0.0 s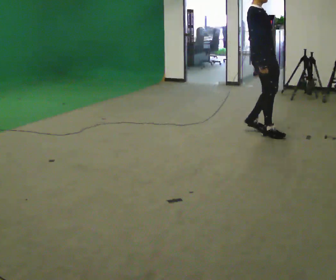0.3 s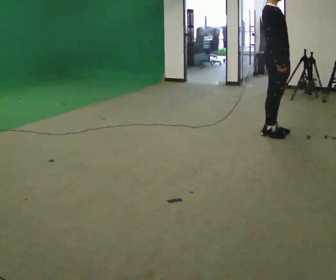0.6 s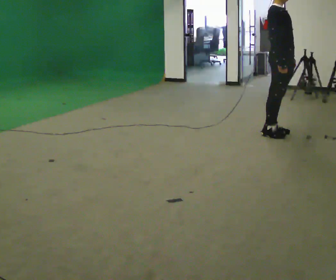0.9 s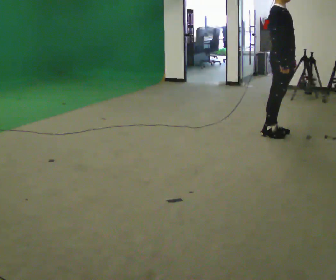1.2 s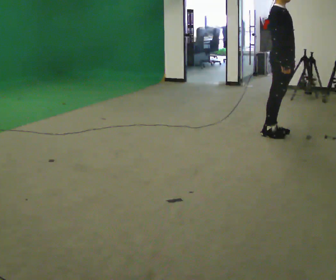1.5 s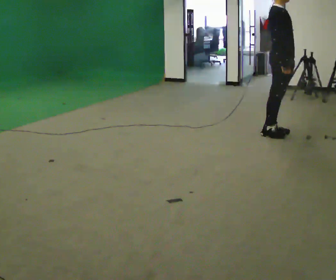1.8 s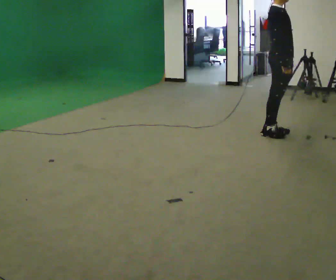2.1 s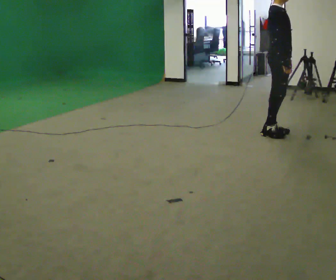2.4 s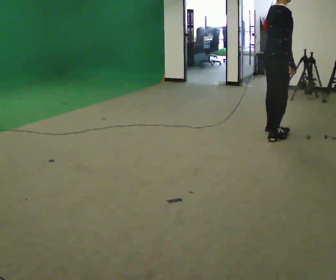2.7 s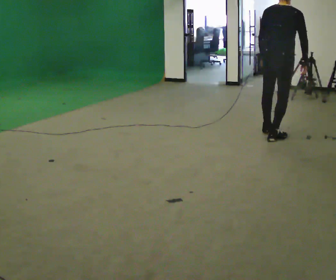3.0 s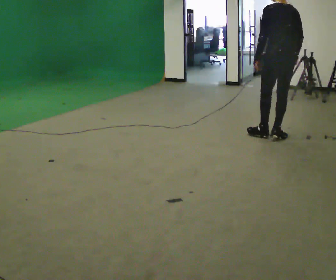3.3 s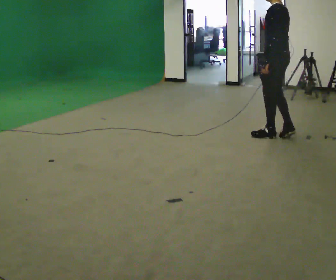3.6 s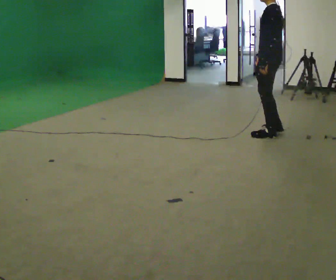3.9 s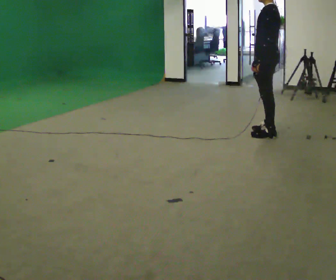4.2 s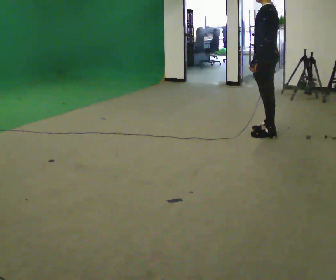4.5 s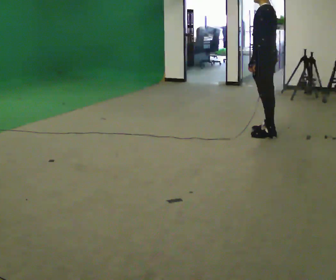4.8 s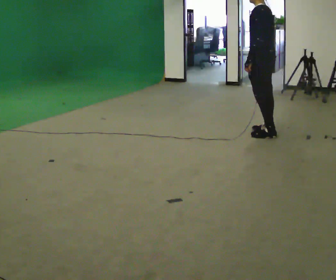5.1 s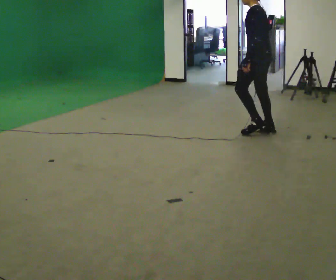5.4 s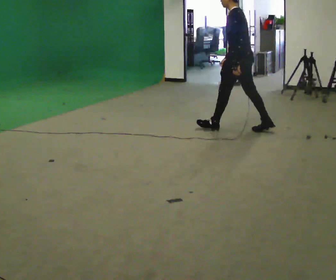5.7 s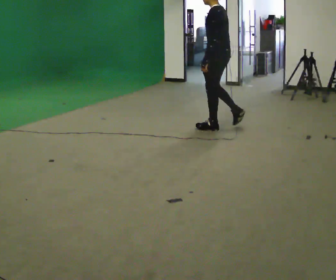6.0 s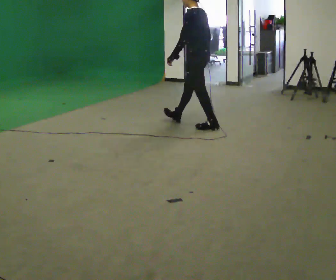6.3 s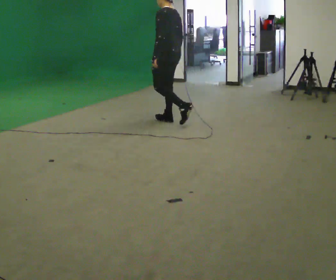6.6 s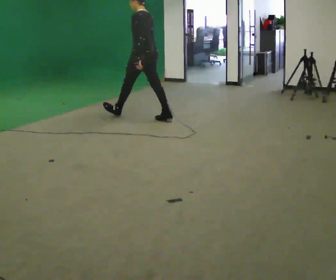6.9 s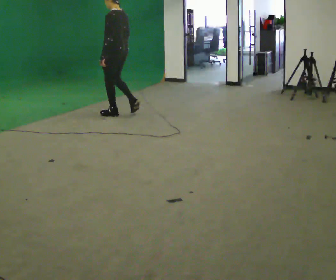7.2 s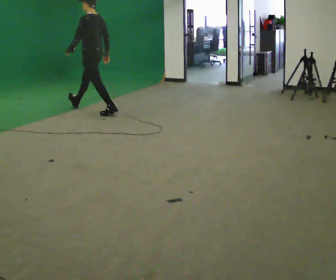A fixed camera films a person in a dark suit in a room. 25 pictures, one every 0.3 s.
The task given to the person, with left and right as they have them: Start still; gradually go slow → normal → fast; briefly maintain fast speed; stop.
0.0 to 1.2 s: In the picture they go to the right, about 0.25 m in 1 step, which for them is forward.
1.2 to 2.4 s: Seen from above the body turns counterclockwise, about 45 degrees: to their left, with its near side sliding to the right.
2.4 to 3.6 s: The person turns about 150 degrees to their left, counterclockwise seen from above, so the part of the body nearest the lens slides to the right.
3.6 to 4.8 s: The person moves a little, or ends about where they began.
4.8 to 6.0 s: In the picture they go to the left, about 1 m in 1 step, which for them is forward.
6.0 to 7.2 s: In the picture they go to the left, about 1.5 m in 2 steps, which for them is forward.
The film runs forward here.
